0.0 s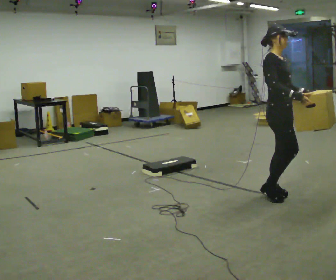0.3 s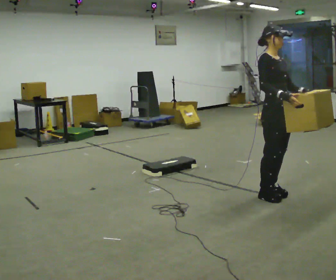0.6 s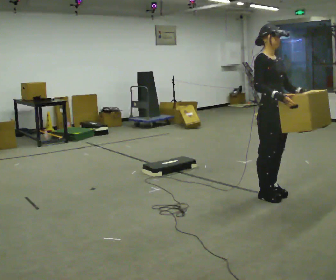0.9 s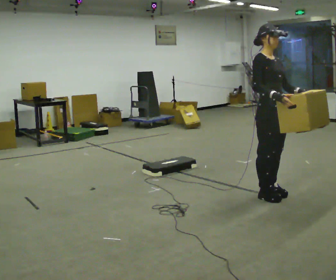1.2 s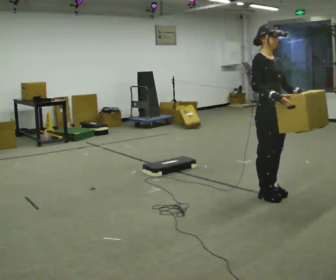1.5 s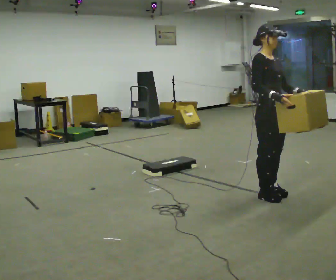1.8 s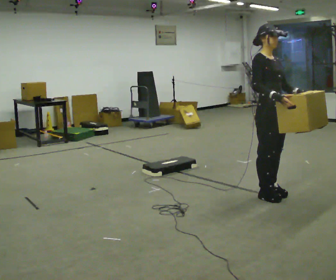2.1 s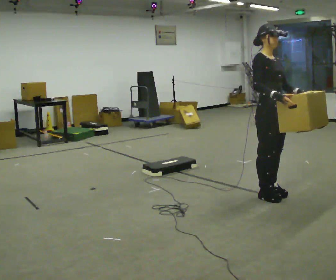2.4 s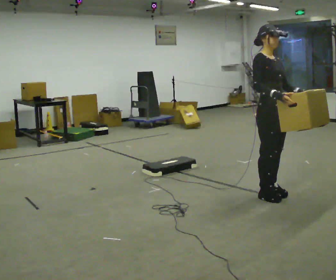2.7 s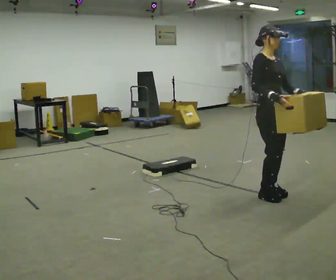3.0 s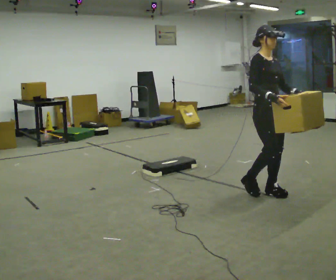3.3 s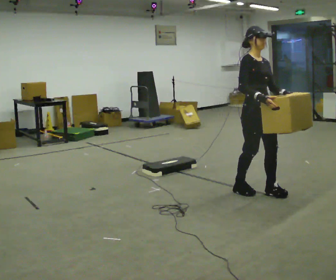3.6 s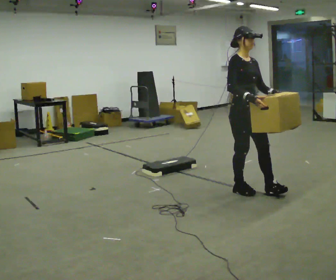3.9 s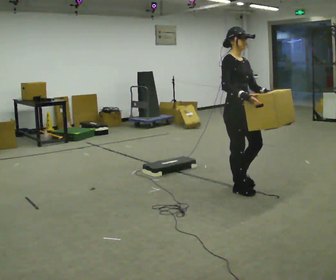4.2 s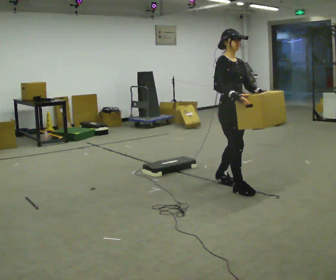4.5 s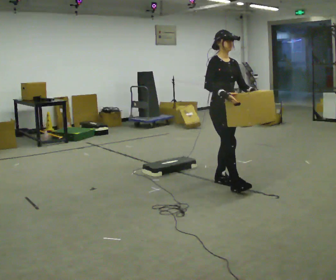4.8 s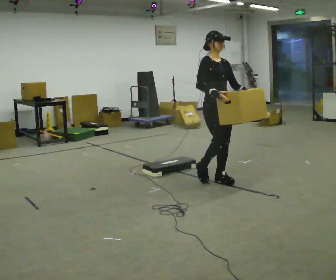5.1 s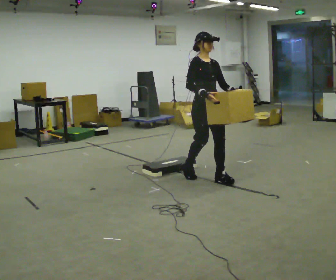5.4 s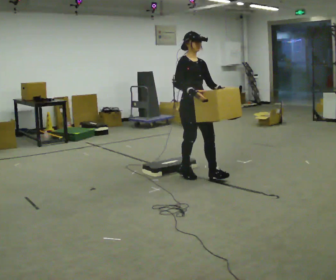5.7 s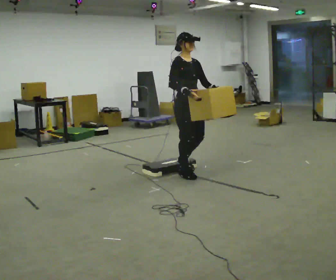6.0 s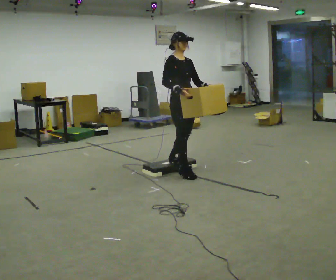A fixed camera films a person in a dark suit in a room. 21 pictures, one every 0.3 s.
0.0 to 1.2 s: The person moves a little, or ends about where they began.
1.2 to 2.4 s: The person keeps their place and pose.
2.4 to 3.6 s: In the picture they go to the left, about 0.25 m in 1 step, which for them is backward.
3.6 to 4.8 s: In the picture they go to the left and away from the camera, about 0.5 m in 2 steps, which for them is backward.
4.8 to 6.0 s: In the picture they go to the left and away from the camera, about 0.5 m in 1 step, which for them is backward.
The film runs backward here.
